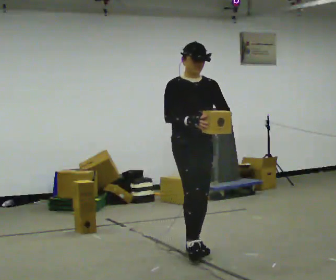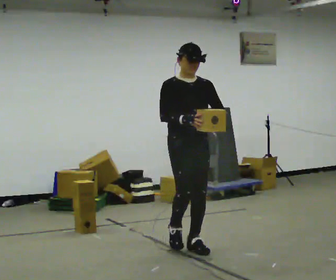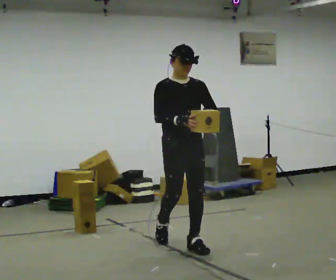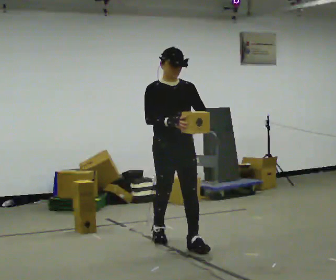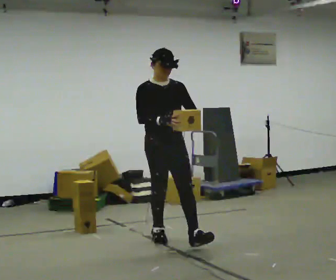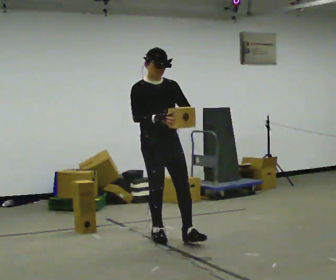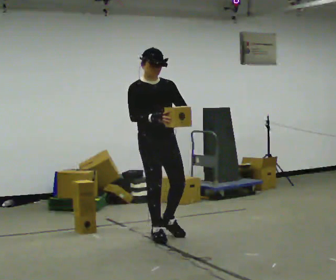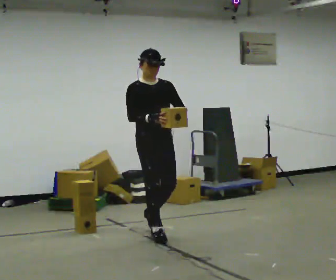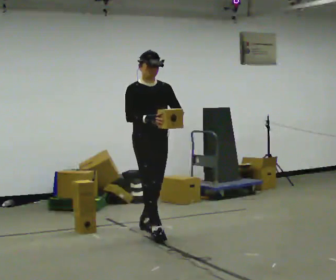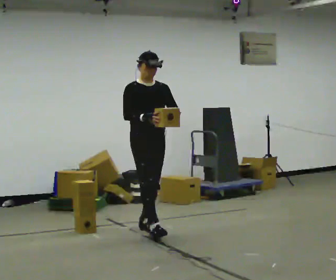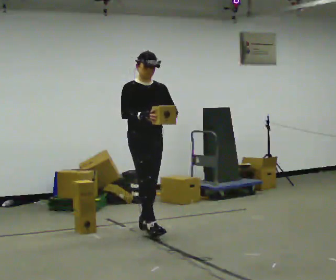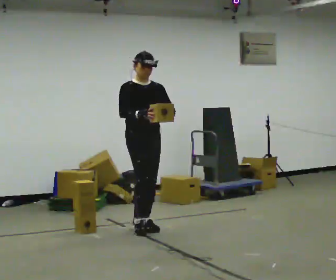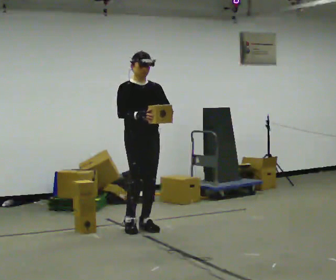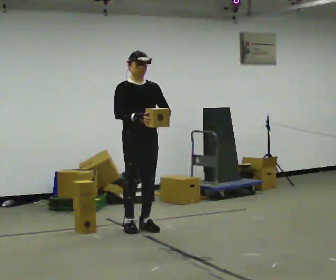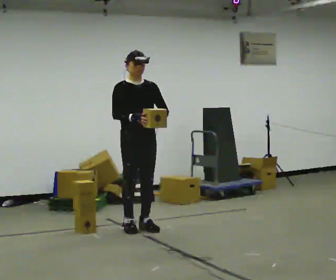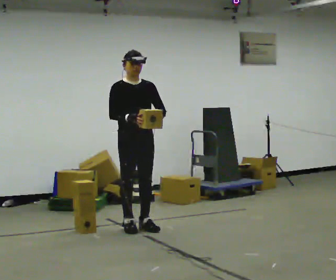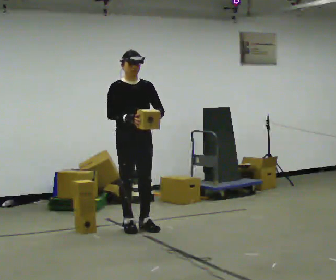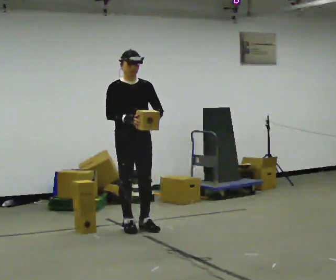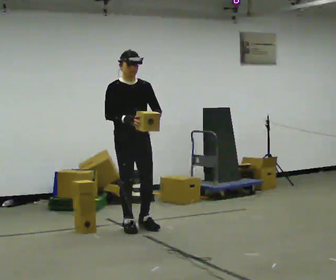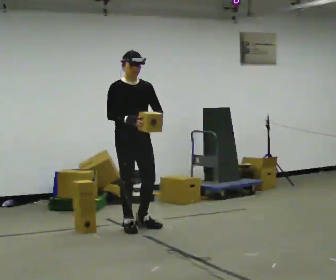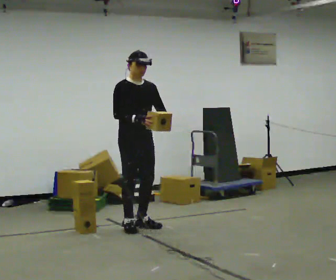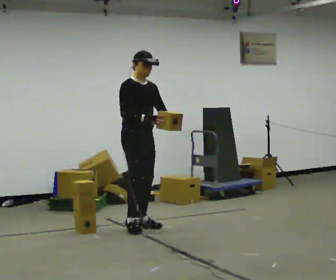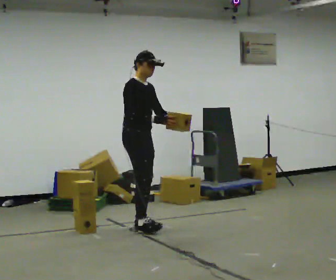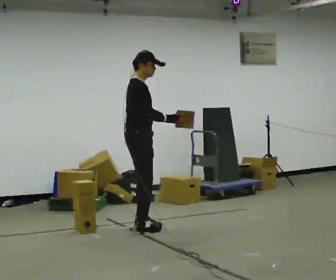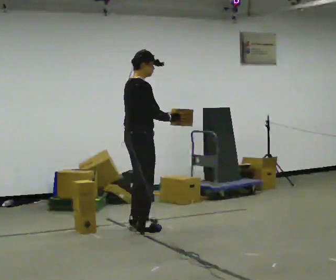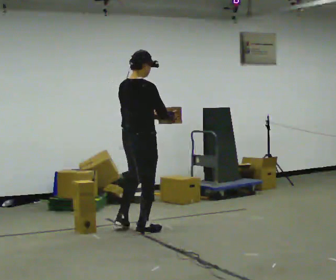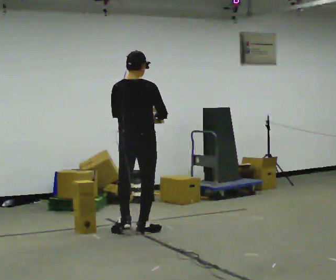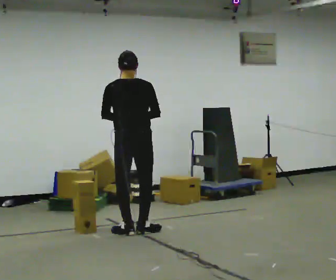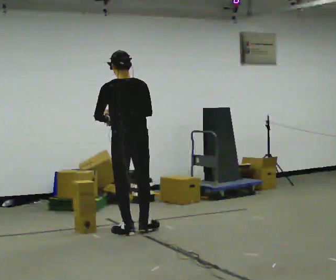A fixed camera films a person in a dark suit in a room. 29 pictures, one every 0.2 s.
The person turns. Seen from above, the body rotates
counterclockwise.
The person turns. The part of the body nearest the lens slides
to the right.
0.0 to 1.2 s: In the picture they go away from the camera and to the left, about 0.75 m in 1 step, which for them is backward.
1.2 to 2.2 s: In the picture they go away from the camera, about 0.5 m in 1 step, which for them is backward.
2.2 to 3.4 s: The person moves a little, or ends about where they began.
3.4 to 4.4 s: The person turns about 45 degrees to their left, counterclockwise seen from above, so the part of the body nearest the lens slides to the right.
4.4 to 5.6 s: The part of the body nearest the lens slides to the right as the person turns to their left by about 135 degrees. In the picture they go toward the camera, about 0.25 m in 2 steps. In the picture their left hand goes to the left.
The film runs backward here.
